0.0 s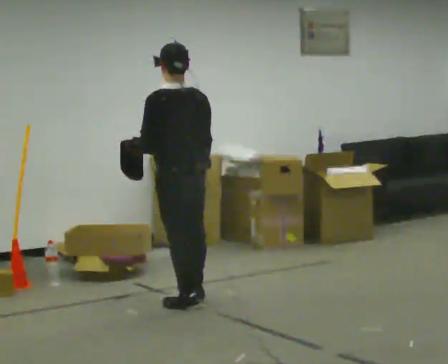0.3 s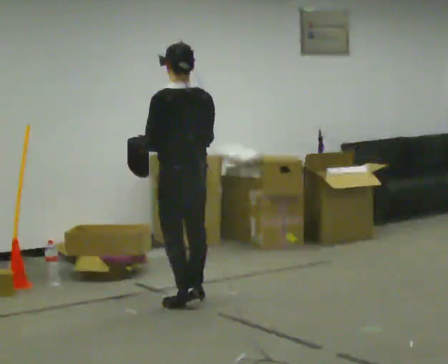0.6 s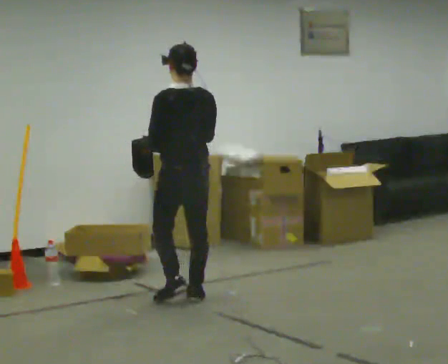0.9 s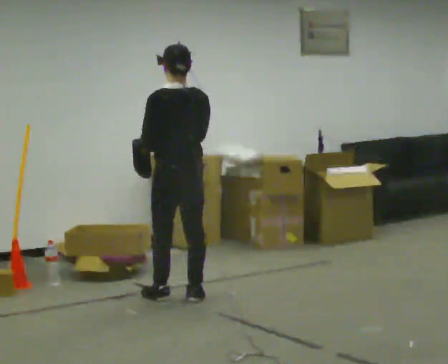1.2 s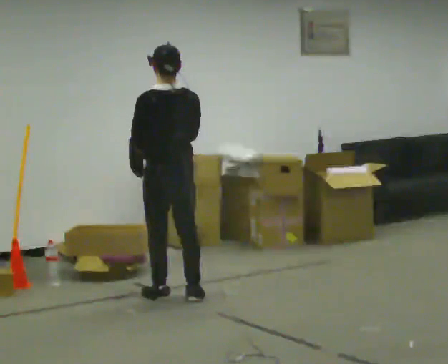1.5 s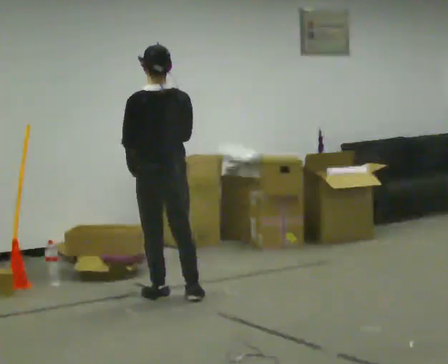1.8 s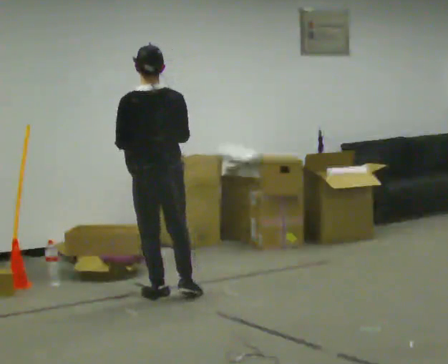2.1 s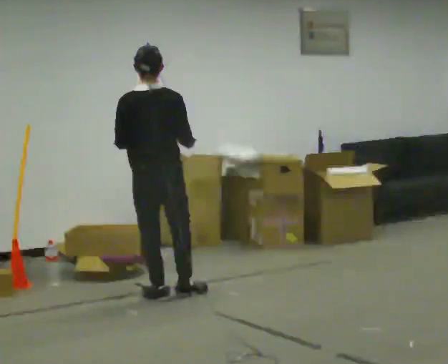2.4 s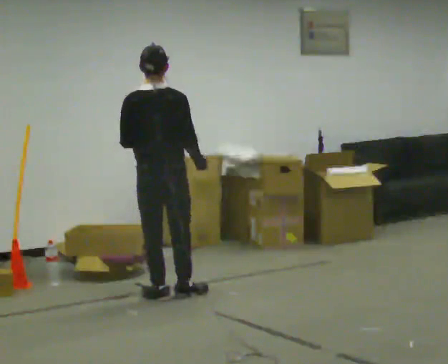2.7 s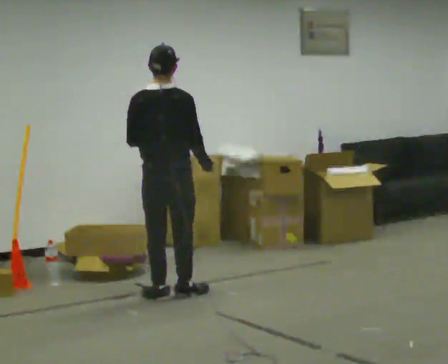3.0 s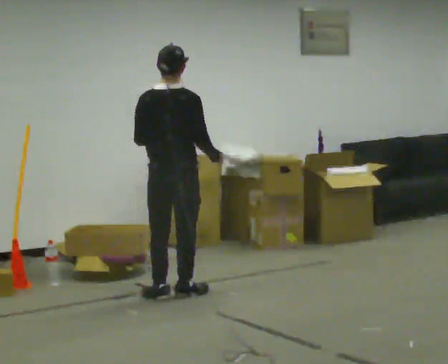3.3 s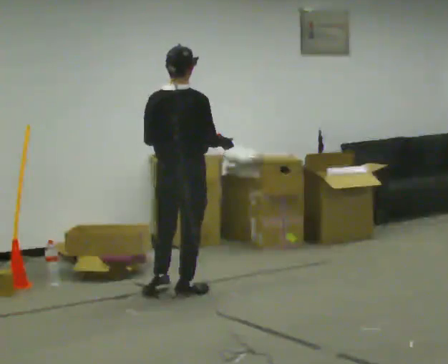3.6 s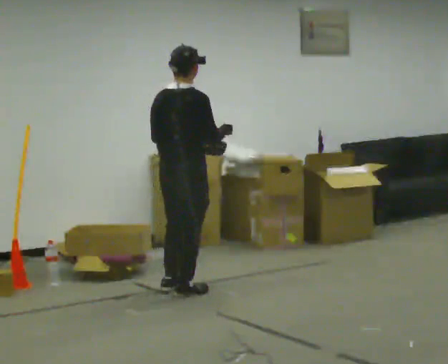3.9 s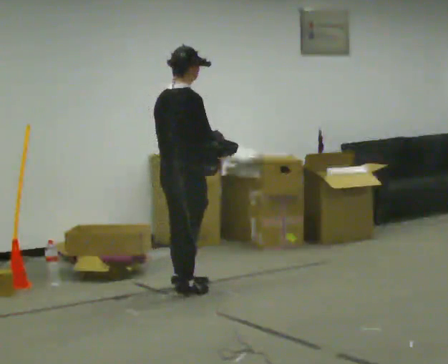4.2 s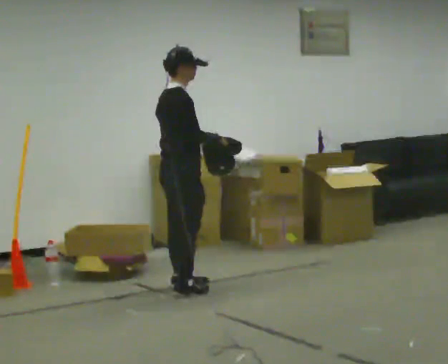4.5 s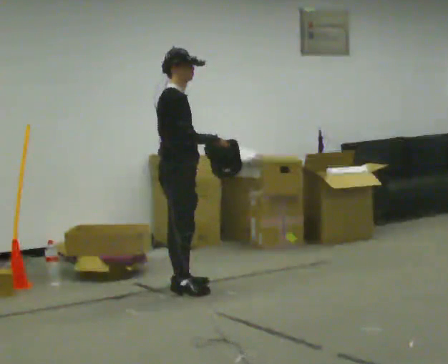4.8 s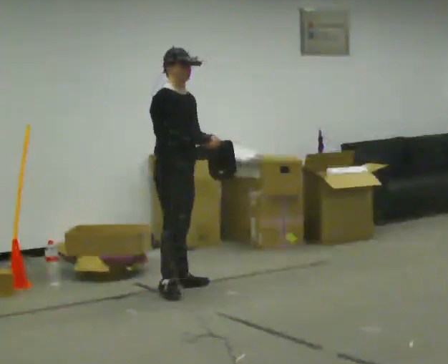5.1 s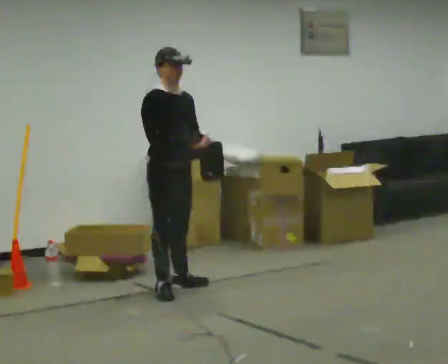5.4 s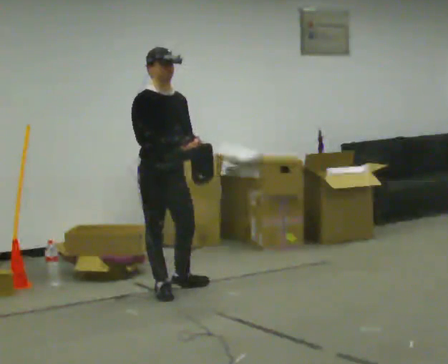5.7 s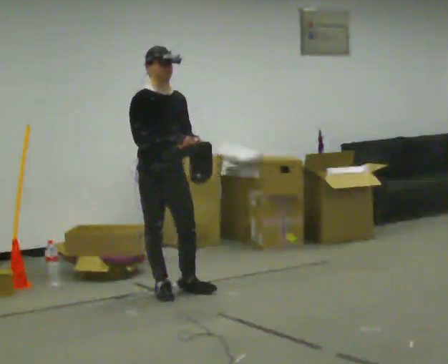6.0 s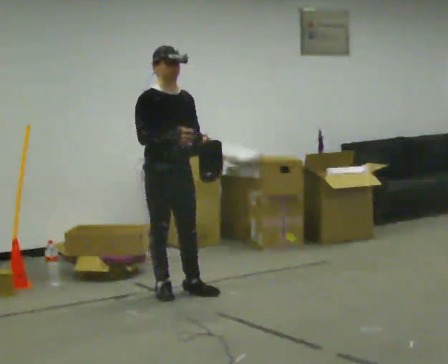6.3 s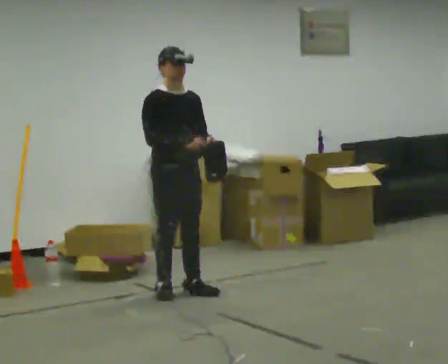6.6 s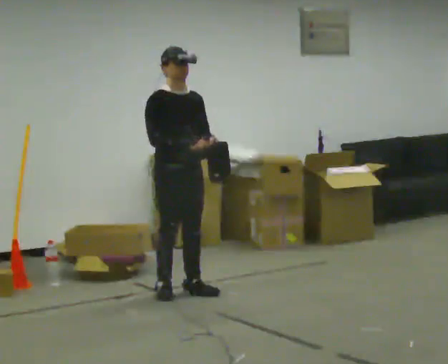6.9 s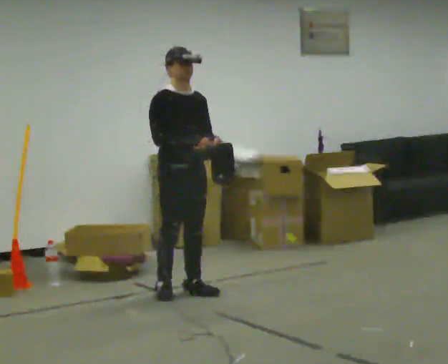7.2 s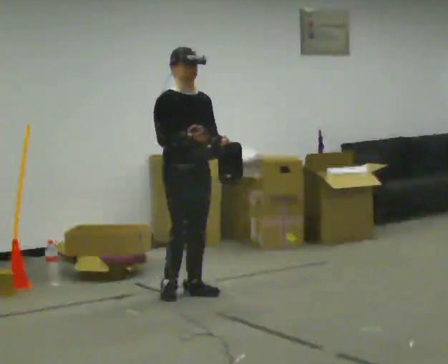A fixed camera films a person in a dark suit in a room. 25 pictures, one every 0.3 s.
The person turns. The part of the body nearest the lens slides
to the left.
The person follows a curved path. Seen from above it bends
clockwise.
0.0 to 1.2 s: In the picture they go away from the camera, about 0.25 m in 1 step, which for them is forward.
1.2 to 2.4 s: The person moves a little, or ends about where they began.
2.4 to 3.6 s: The person turns about 30 degrees to their right, clockwise seen from above, so the part of the body nearest the lens slides to the left.
3.6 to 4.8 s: The person turns about 90 degrees to their right, clockwise seen from above, so the part of the body nearest the lens slides to the left. In the picture they go away from the camera, about 0.25 m in 1 step.
4.8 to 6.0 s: In the picture they go toward the camera, about 0.25 m in 1 step, which for them is to their right.
6.0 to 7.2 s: The person moves a little, or ends about where they began.
The film runs forward here.
